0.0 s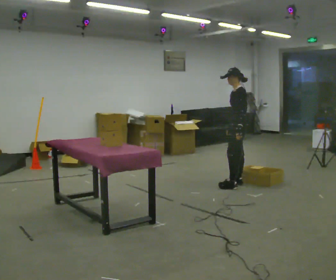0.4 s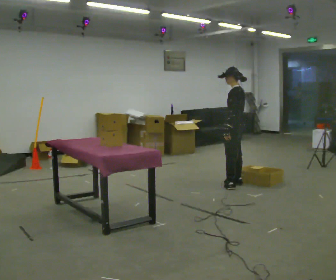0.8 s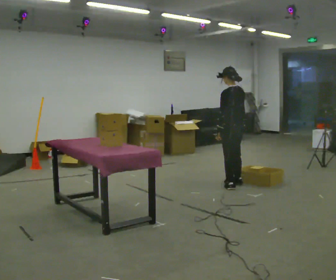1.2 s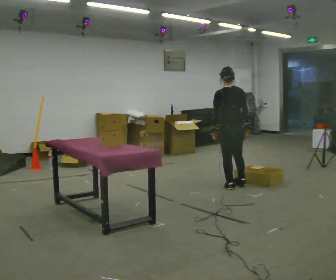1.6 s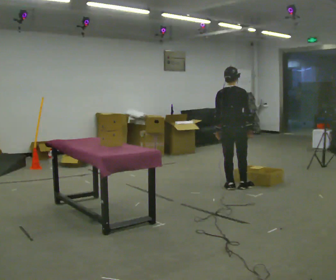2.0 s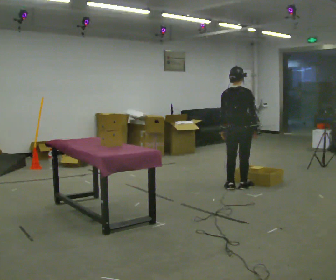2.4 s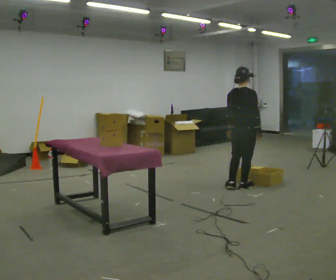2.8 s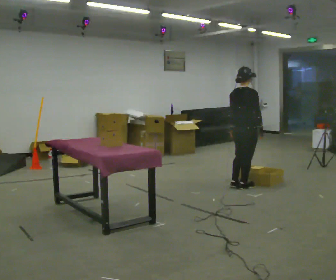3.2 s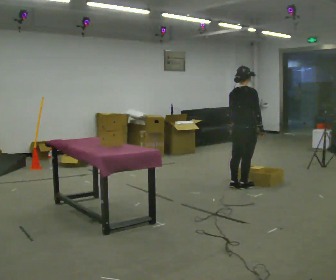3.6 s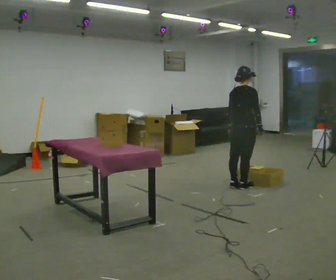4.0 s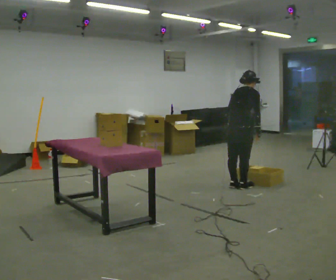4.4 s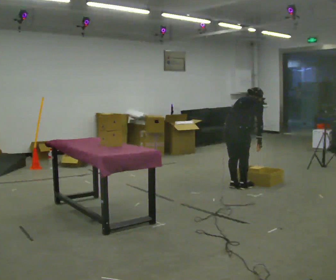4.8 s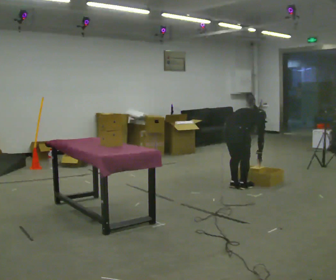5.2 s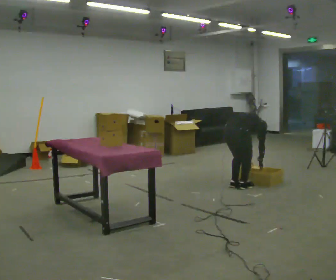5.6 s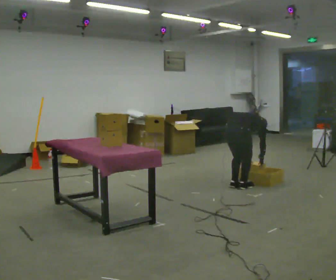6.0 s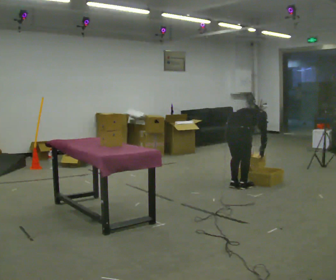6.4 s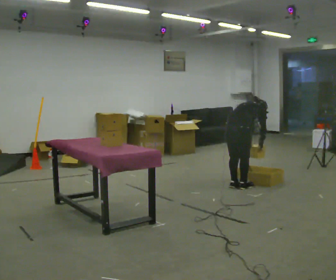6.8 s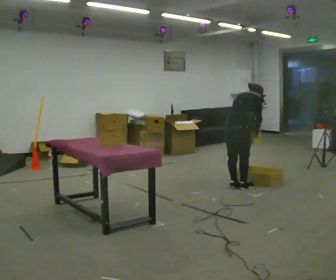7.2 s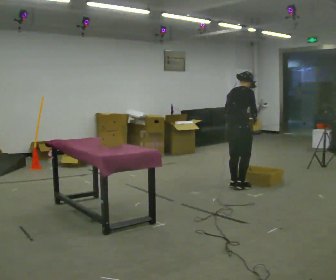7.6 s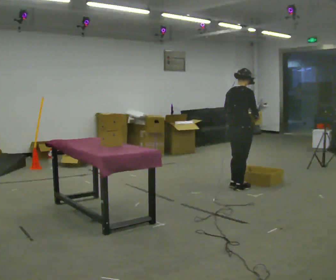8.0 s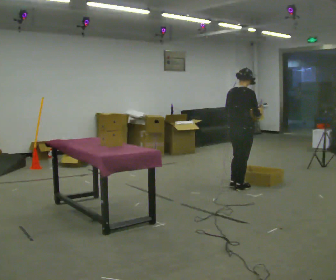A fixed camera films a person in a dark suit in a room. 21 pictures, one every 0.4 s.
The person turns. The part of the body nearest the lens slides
to the left.
The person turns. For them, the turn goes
to their right.
0.0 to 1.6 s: The part of the body nearest the lens slides to the left as the person turns to their right by about 105 degrees. In the picture they go toward the camera, about 0.25 m in 1 step.
1.6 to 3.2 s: The person turns about 30 degrees to their right, clockwise seen from above, so the part of the body nearest the lens slides to the left.
3.2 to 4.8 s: The upper body goes downward. The upper body tips away from the camera, its near side rolling upward, as they bend forward. In the picture their right hand goes downward.
4.8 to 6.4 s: The person moves a little, or ends about where they began.
6.4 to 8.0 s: The shoulders move upward. In the picture the upper body tilts counterclockwise, shoulders to the left, as they lean back or straighten. In the picture their left hand goes upward.
The film runs backward here.
